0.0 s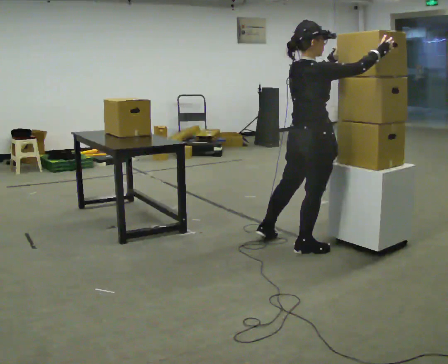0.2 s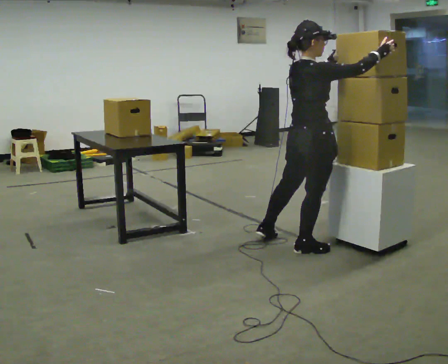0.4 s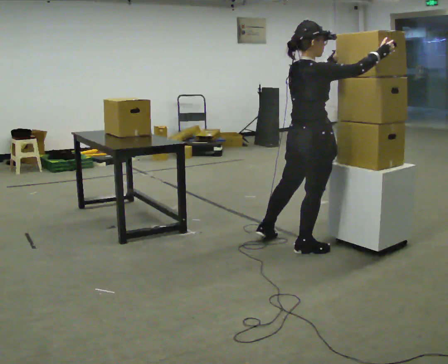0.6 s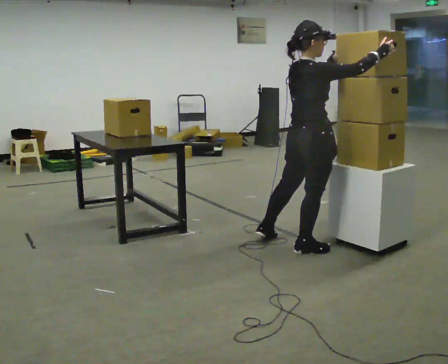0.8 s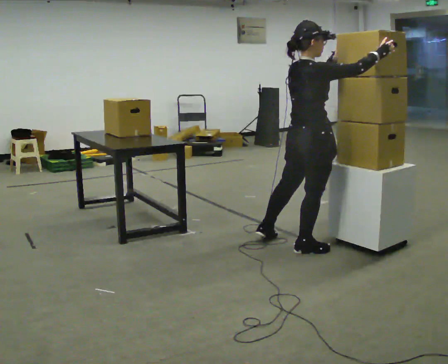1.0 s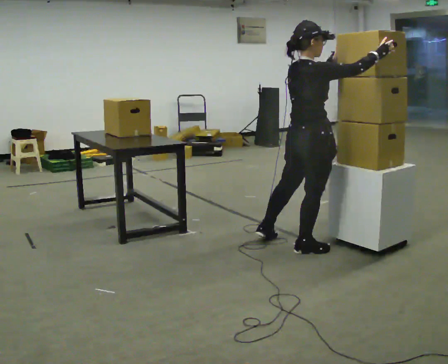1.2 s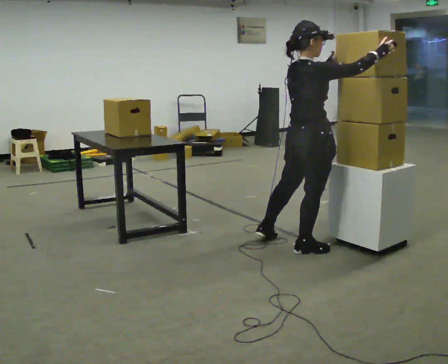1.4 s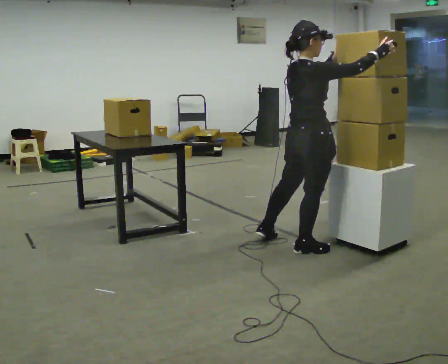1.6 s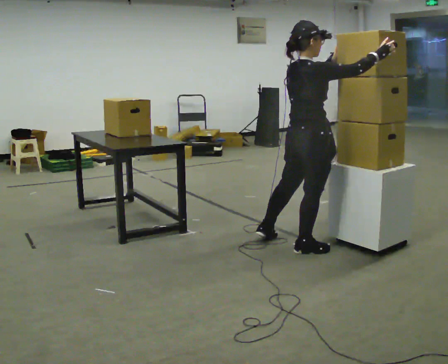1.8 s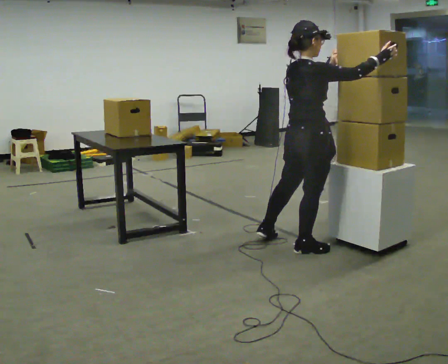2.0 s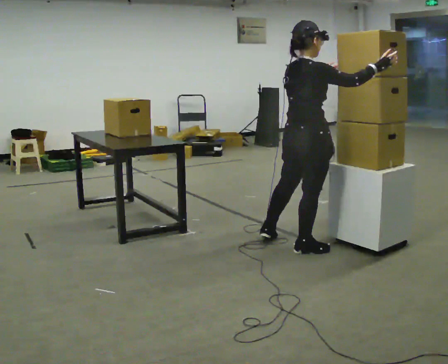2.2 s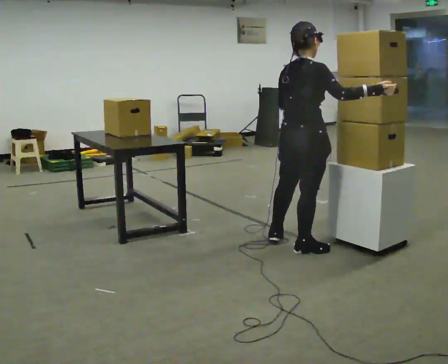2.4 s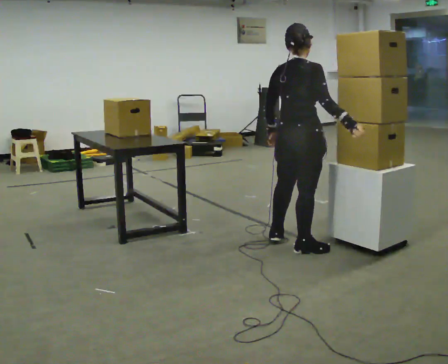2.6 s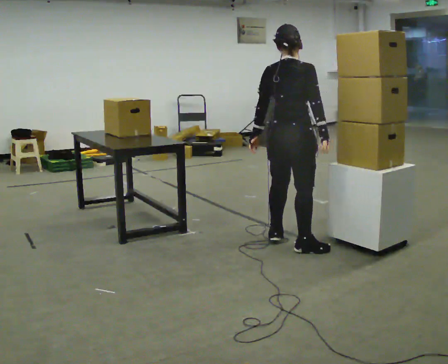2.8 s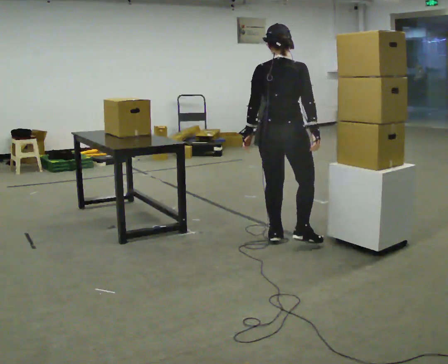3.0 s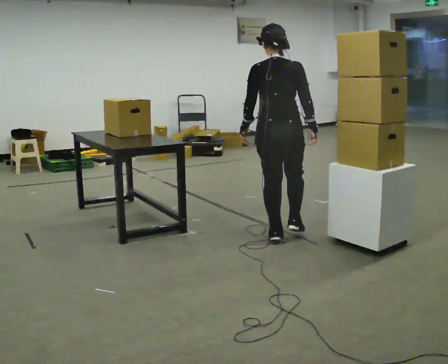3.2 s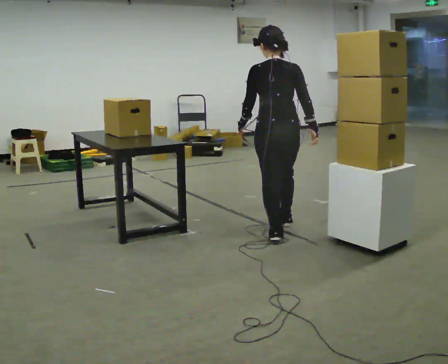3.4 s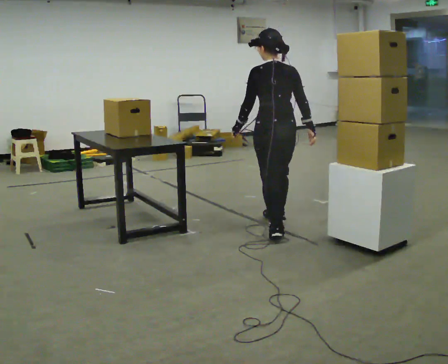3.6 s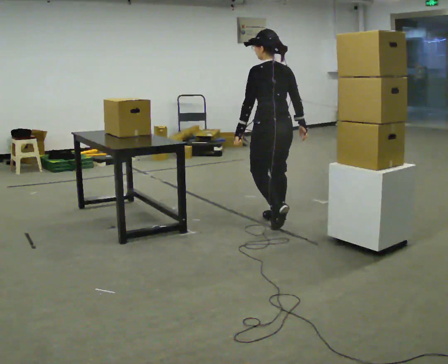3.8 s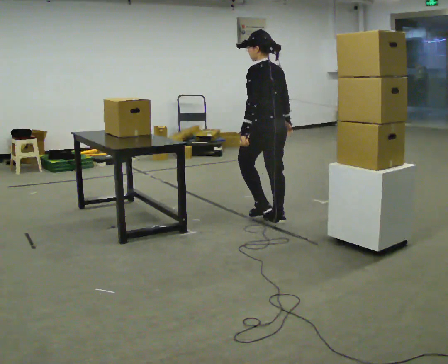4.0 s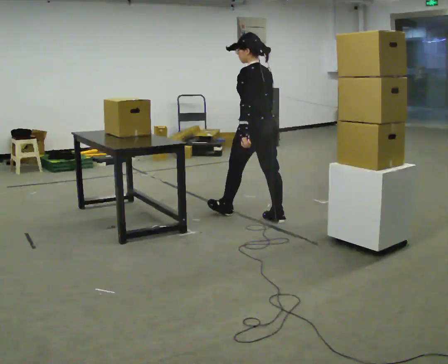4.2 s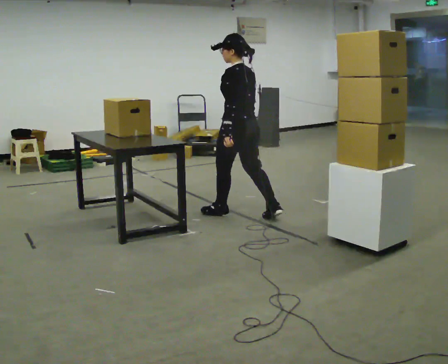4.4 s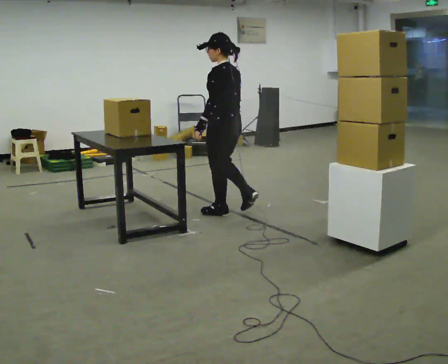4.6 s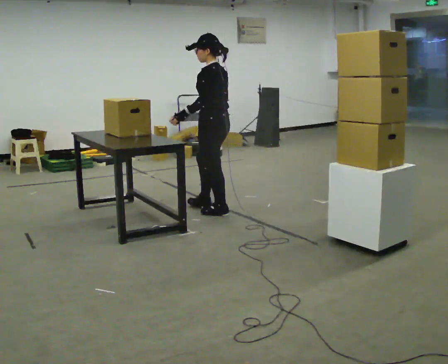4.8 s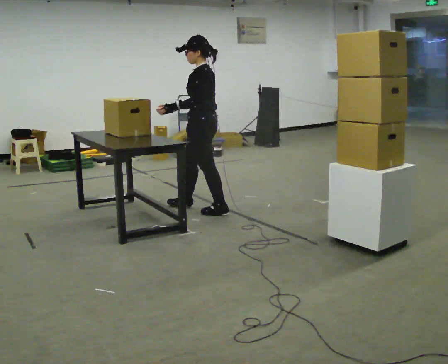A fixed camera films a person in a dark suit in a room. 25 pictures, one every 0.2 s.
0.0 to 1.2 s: The person keeps their place and pose.
1.2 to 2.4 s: In the picture their left hand goes downward and to the left.
2.4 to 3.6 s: Seen from above the body turns counterclockwise, about 75 degrees: to their left, with its near side sliding to the right. In the picture they go away from the camera, about 0.5 m in 1 step.
3.6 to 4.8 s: Seen from above the body turns counterclockwise, about 45 degrees: to their left, with its near side sliding to the right. In the picture they go to the left and away from the camera, about 0.5 m in 2 steps, which for them is forward.
The film runs forward here.
